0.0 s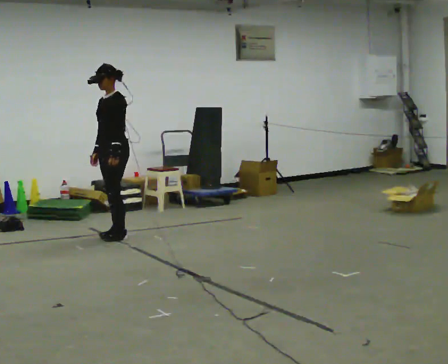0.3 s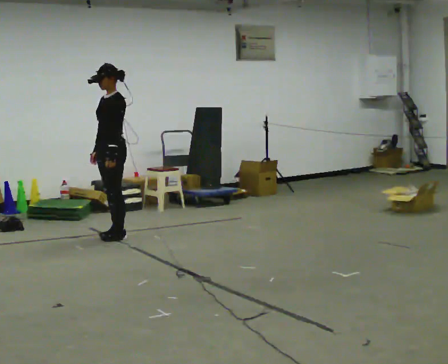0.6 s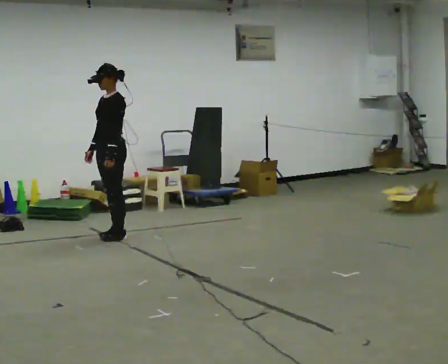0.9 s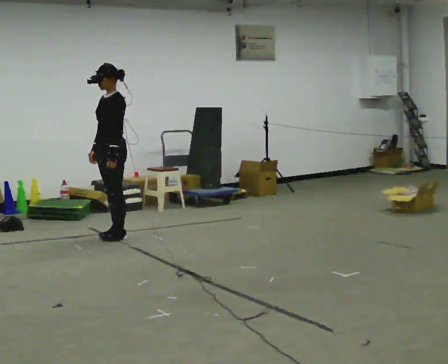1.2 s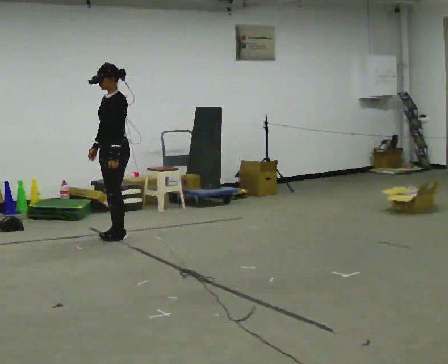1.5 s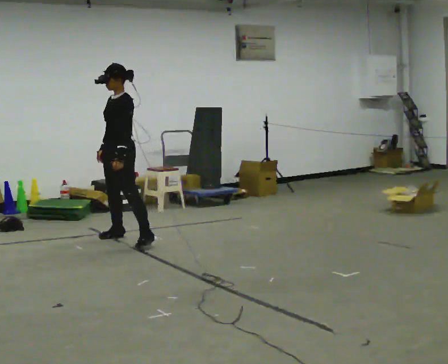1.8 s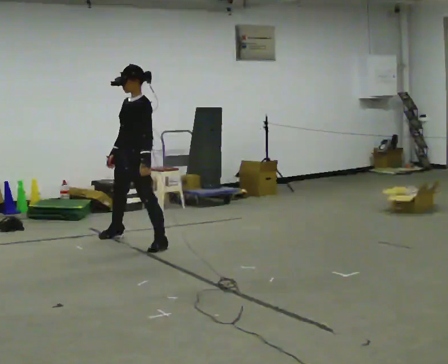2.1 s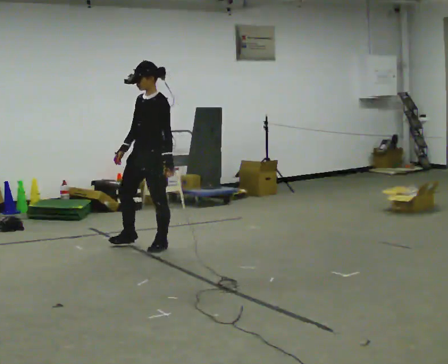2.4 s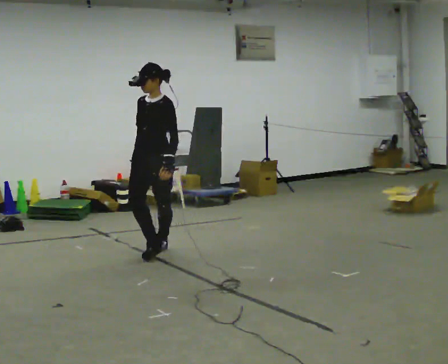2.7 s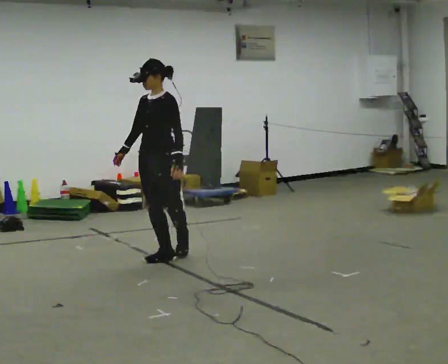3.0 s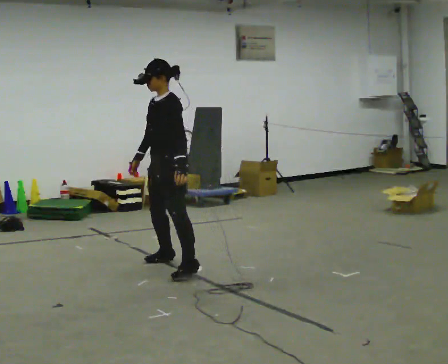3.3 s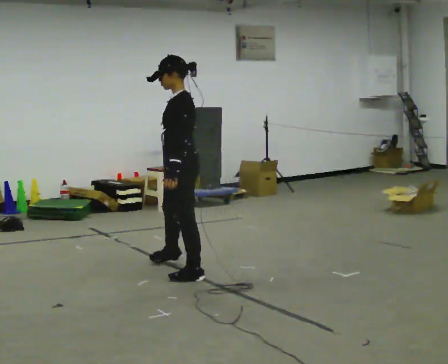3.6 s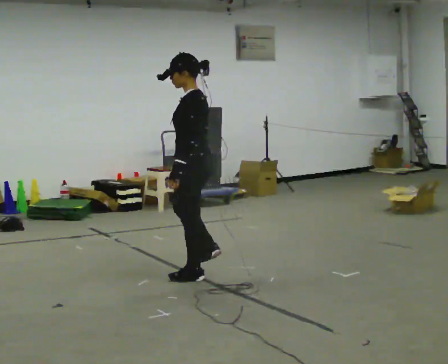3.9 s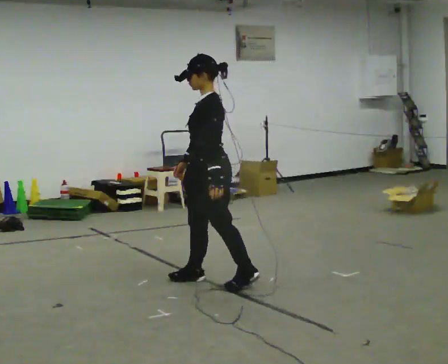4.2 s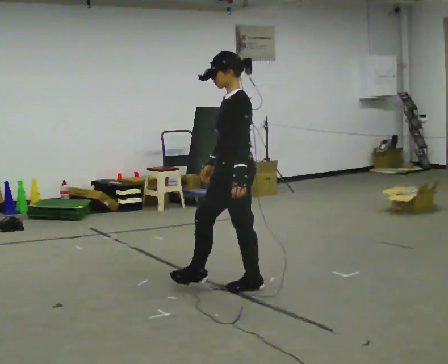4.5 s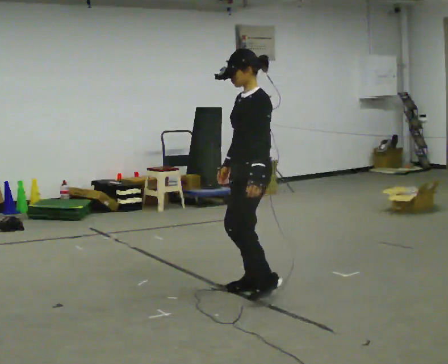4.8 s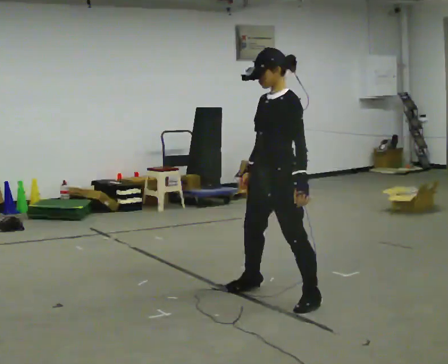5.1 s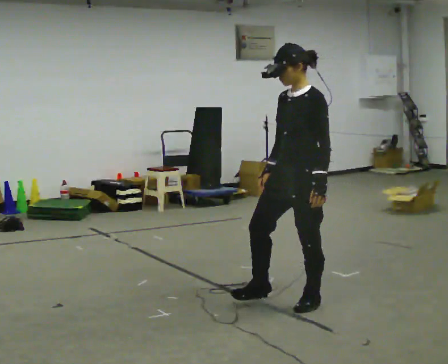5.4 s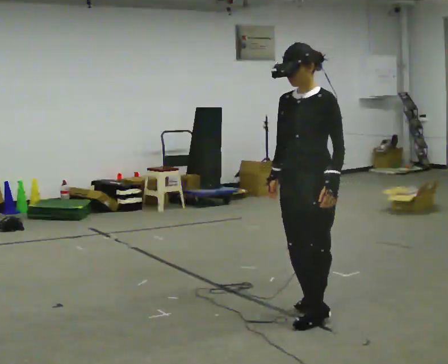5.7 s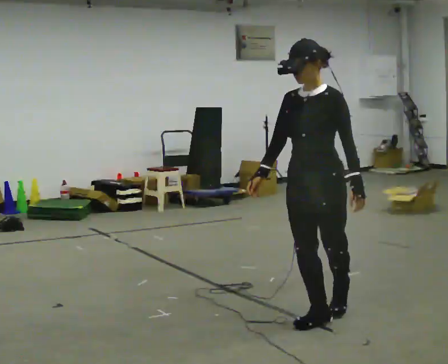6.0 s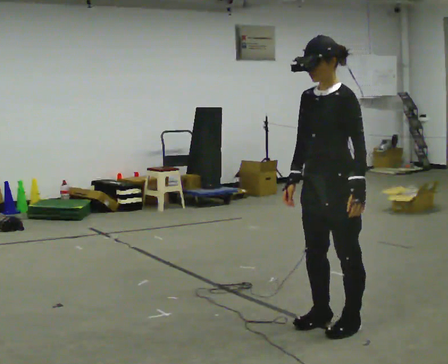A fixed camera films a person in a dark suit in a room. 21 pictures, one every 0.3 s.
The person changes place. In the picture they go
toward the camera.
0.0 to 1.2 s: The person moves a little, or ends about where they began.
1.2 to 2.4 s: The part of the body nearest the lens slides to the right as the person turns to their left by about 30 degrees. In the picture they go toward the camera and to the right, about 0.75 m in 2 steps, which for them is to their left.
2.4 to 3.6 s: The part of the body nearest the lens slides to the left as the person turns to their right by about 75 degrees. In the picture they go toward the camera, about 1 m in 2 steps.
3.6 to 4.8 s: The part of the body nearest the lens slides to the right as the person turns to their left by about 45 degrees. In the picture they go toward the camera and to the right, about 1 m in 1 step, which for them is to their left and backward.
4.8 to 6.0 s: In the picture they go toward the camera and to the right, about 0.5 m in 2 steps, which for them is to their left and forward.
The film runs backward here.
